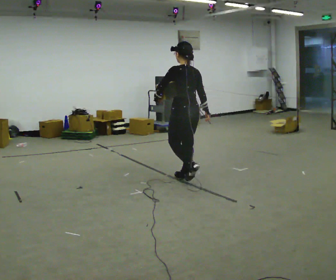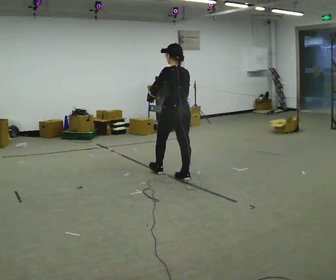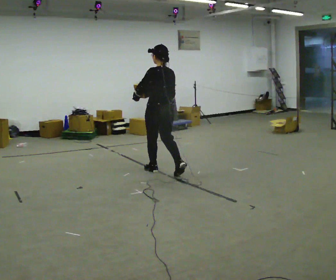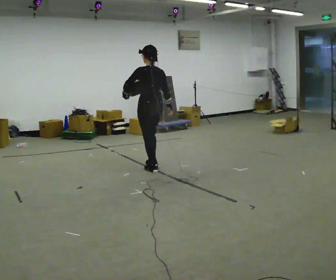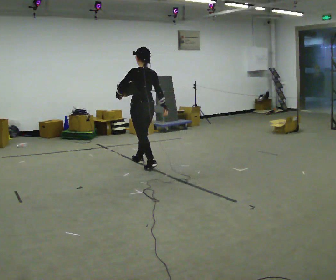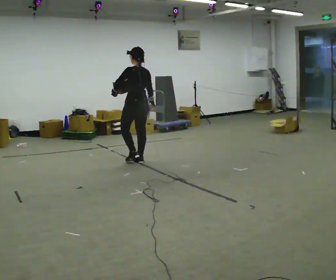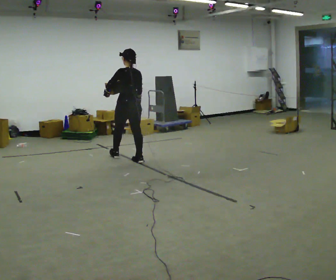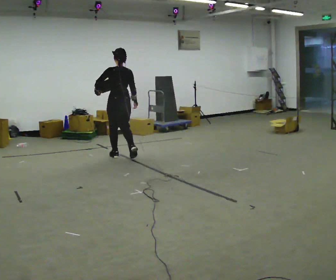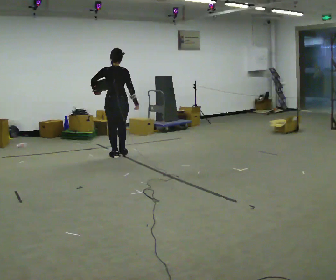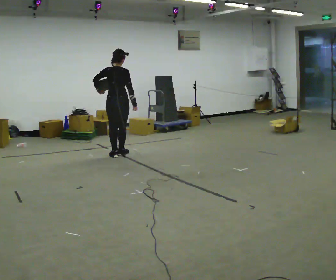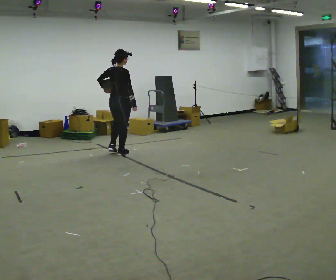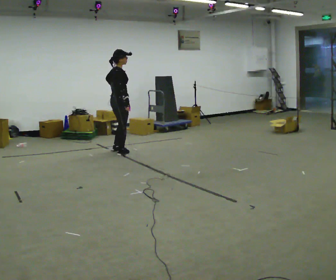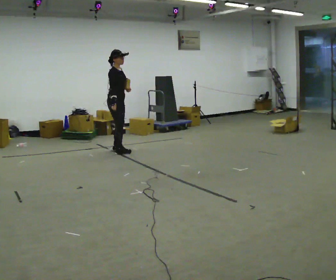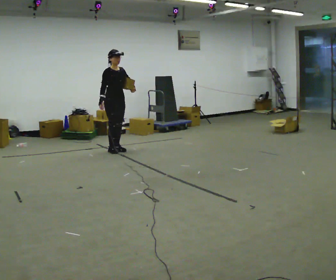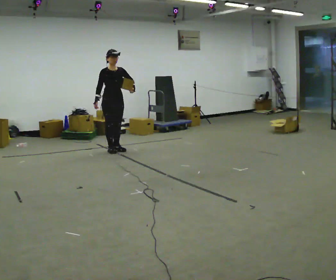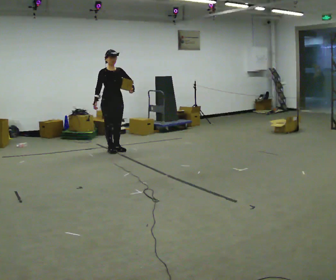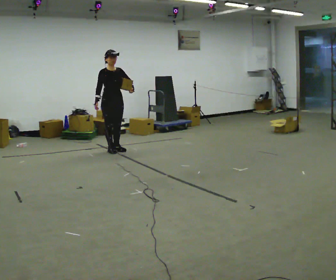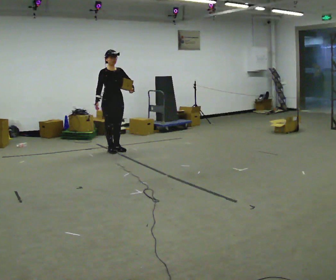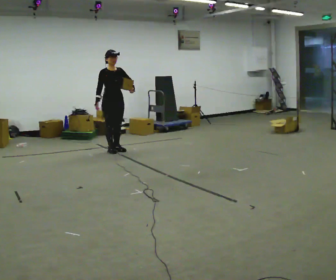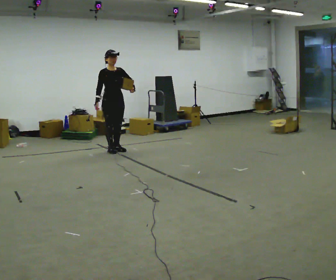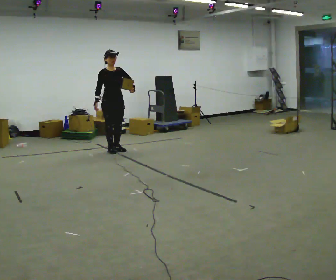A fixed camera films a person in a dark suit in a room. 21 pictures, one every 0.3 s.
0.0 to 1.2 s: In the picture they go away from the camera and to the left, about 1 m in 2 steps, which for them is forward.
1.2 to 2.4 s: Seen from above the body turns clockwise, about 30 degrees: to their right, with its near side sliding to the left. In the picture they go away from the camera and to the left, about 0.75 m in 1 step, which for them is forward.
2.4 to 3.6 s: The person turns about 105 degrees to their right, clockwise seen from above, so the part of the body nearest the lens slides to the left. In the picture they go away from the camera, about 0.5 m in 2 steps.
3.6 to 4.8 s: Seen from above the body turns clockwise, about 45 degrees: to their right, with its near side sliding to the left.
4.8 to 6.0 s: The person moves a little, or ends about where they began.
The film runs forward here.
